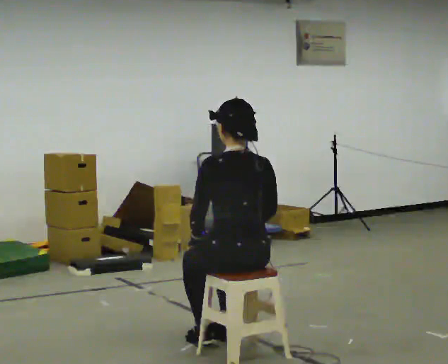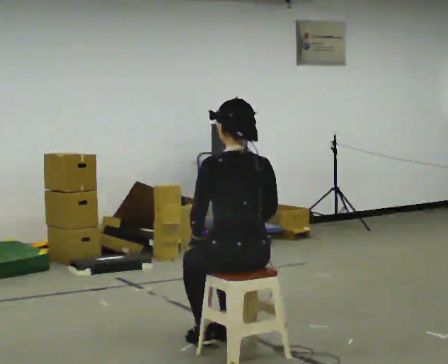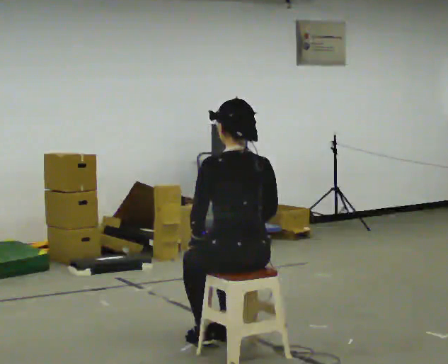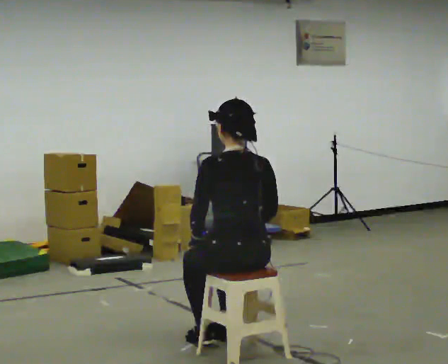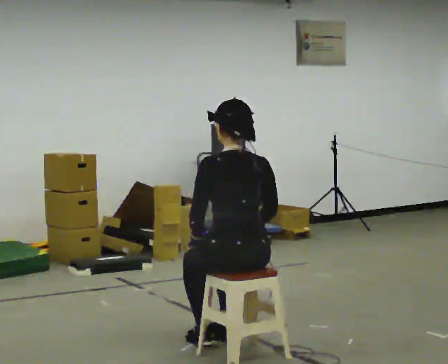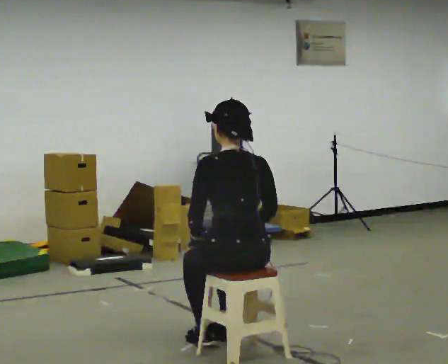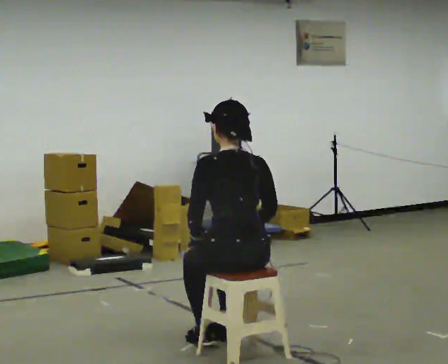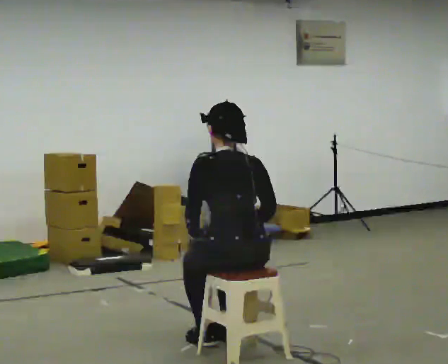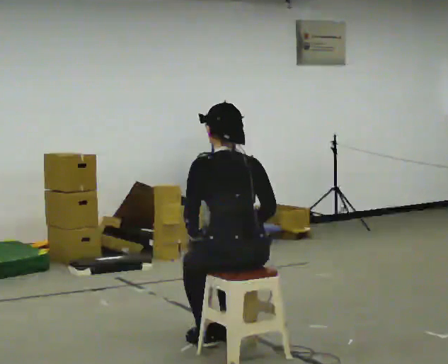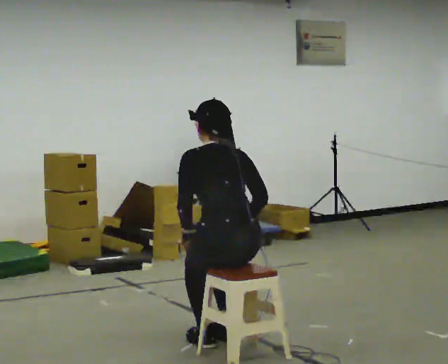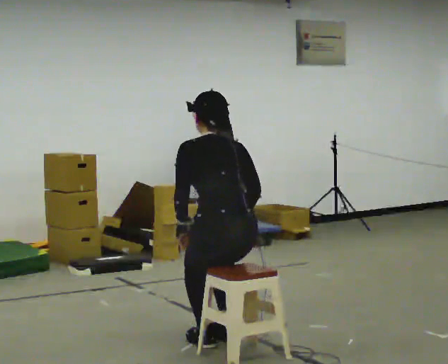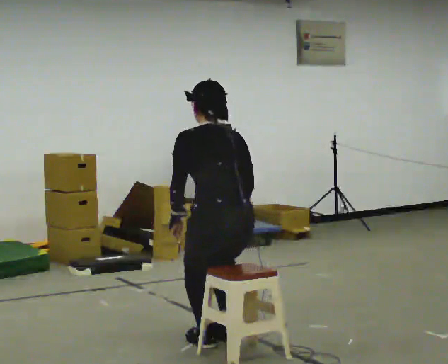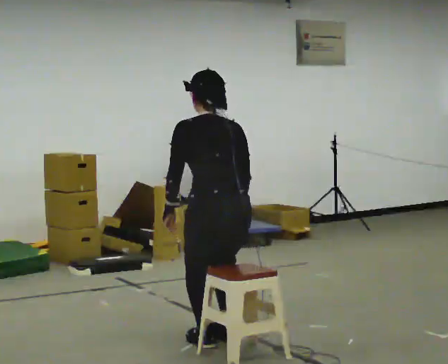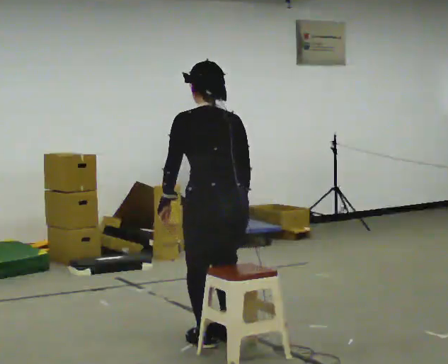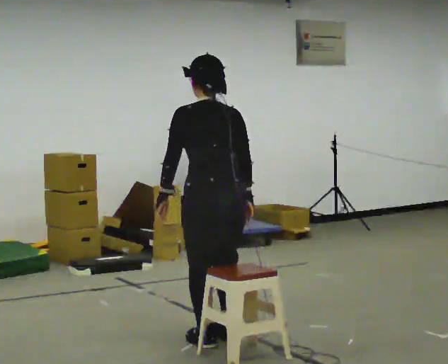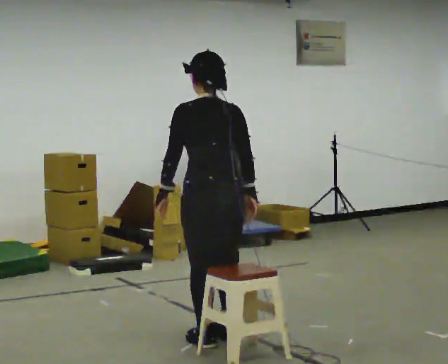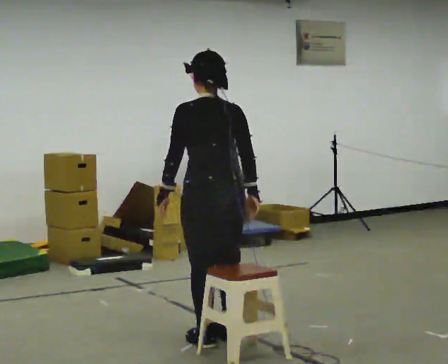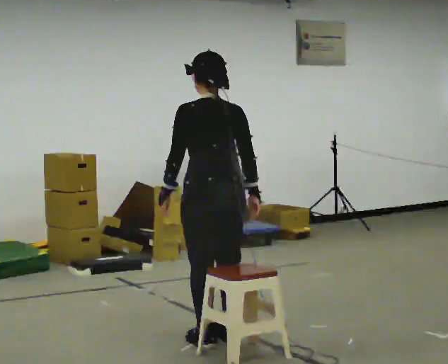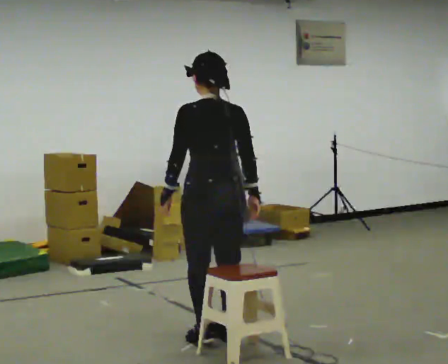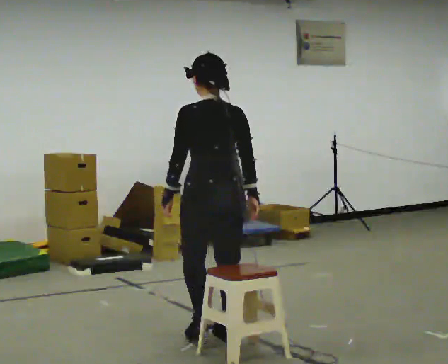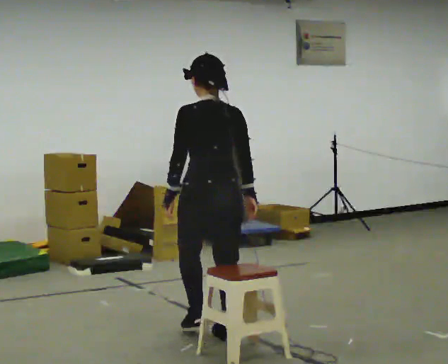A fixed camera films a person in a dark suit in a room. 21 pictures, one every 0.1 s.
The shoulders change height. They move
upward.
0.0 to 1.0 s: The upper body tips away from the camera, its near side rolling upward, as they bend forward.
1.0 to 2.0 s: In the picture they go away from the camera, about 0.25 m, which for them is forward. The upper body goes upward. The upper body tips toward the camera, its near side rolling downward, as they lean back or straighten.
The film runs forward here.
